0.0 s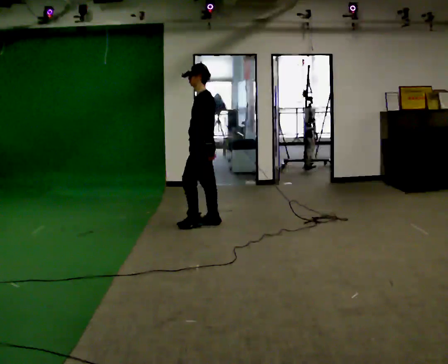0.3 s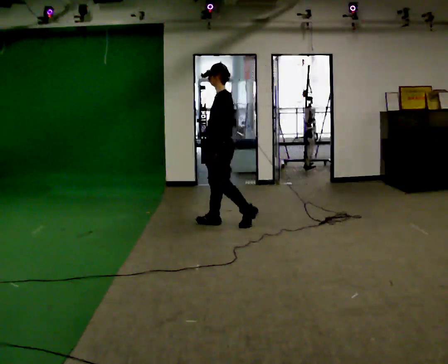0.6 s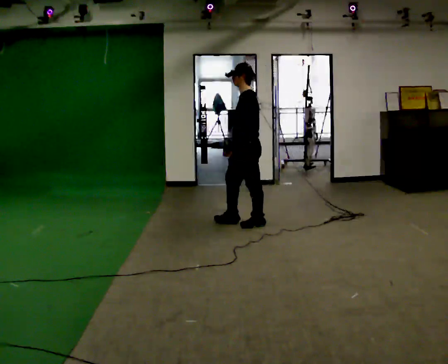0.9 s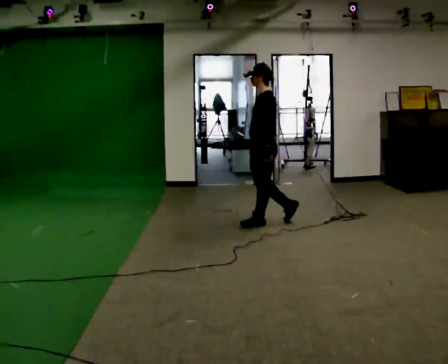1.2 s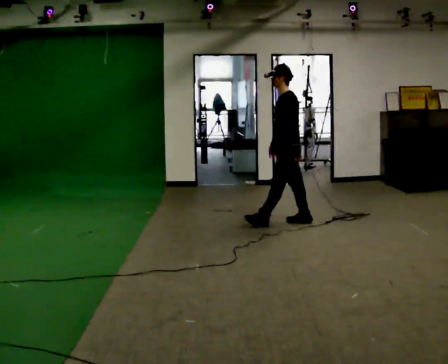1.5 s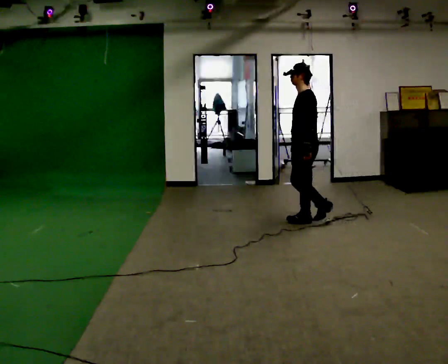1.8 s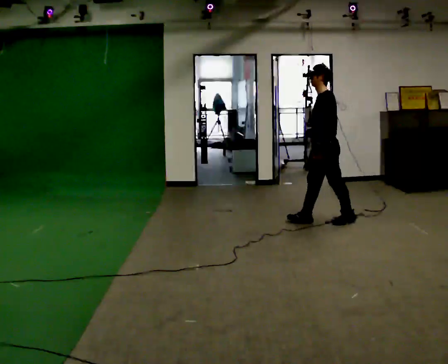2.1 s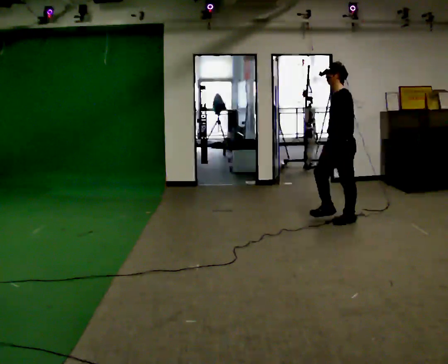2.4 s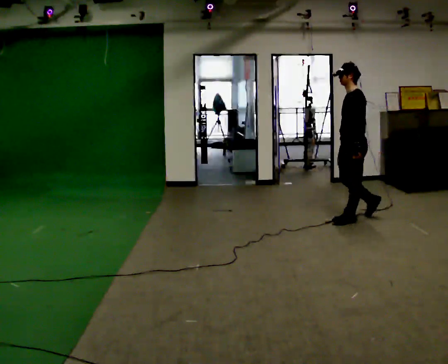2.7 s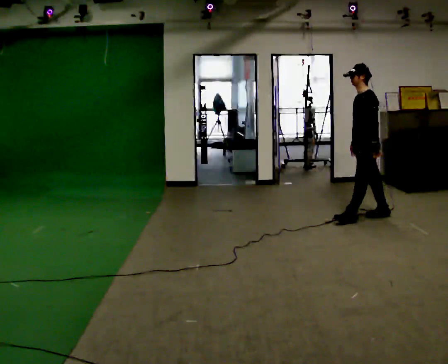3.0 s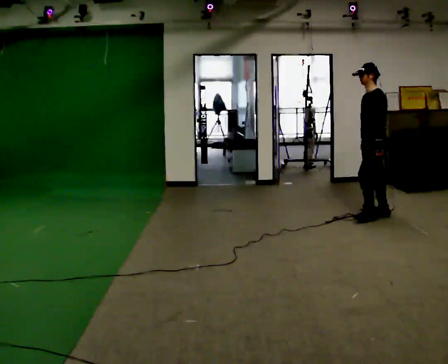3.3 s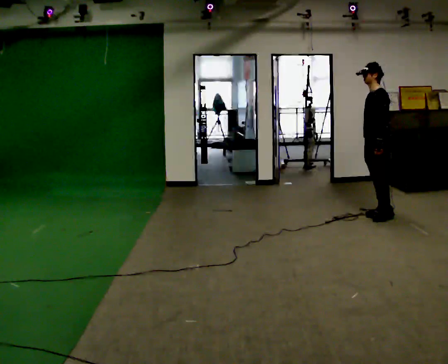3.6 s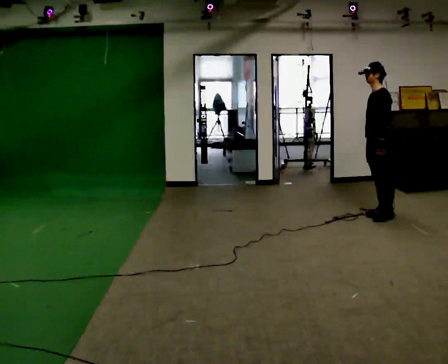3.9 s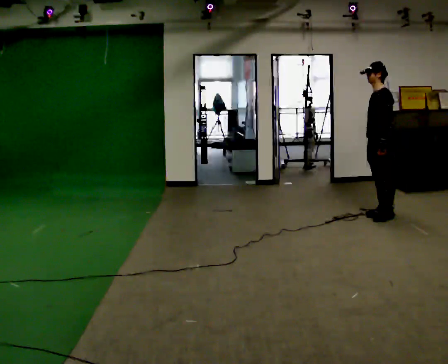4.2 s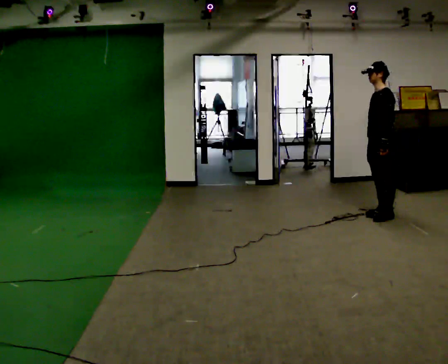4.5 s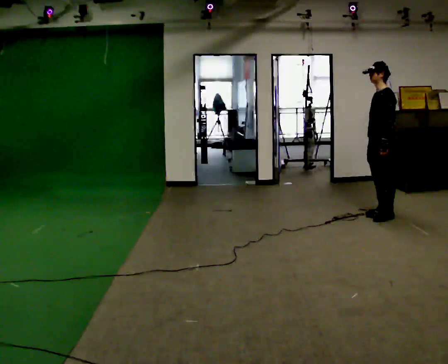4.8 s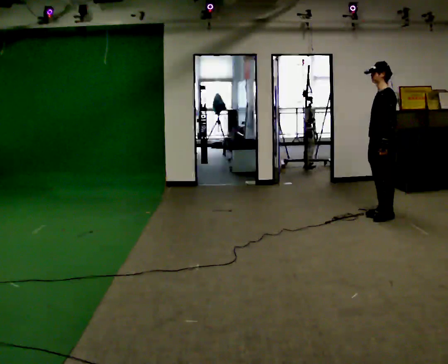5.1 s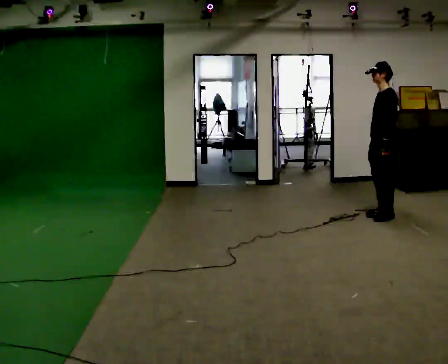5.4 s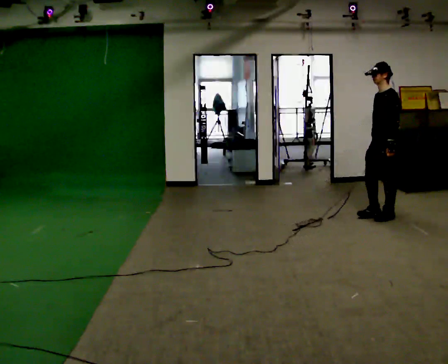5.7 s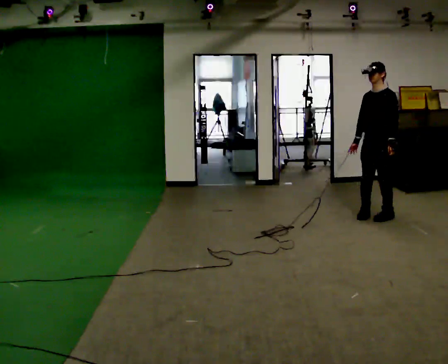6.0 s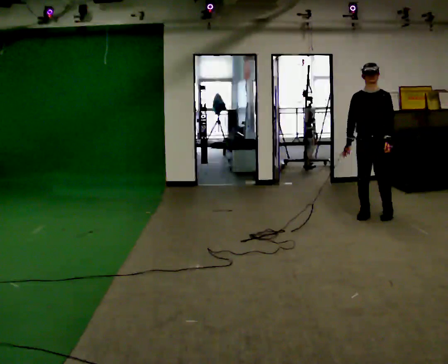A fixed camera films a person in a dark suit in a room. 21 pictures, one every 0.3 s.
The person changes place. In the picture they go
to the right.
0.0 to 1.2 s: In the picture they go to the right, about 1 m in 2 steps, which for them is backward.
1.2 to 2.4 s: In the picture they go to the right, about 0.5 m in 1 step, which for them is backward.
2.4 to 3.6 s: In the picture they go to the right and away from the camera, about 0.25 m in 1 step, which for them is backward.
3.6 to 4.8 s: The person moves a little, or ends about where they began.
4.8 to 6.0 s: The person turns about 60 degrees to their left, counterclockwise seen from above, so the part of the body nearest the lens slides to the right. In the picture their right hand goes to the left.
The film runs backward here.
